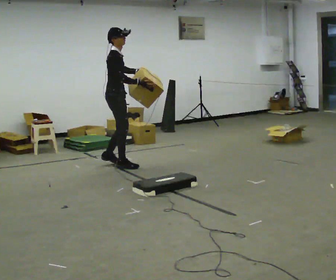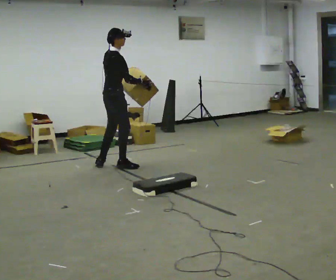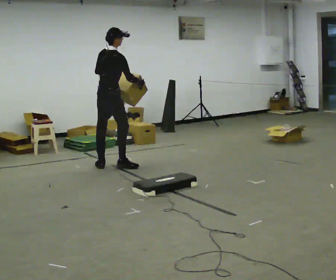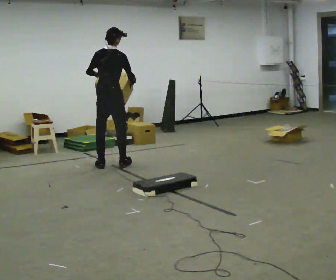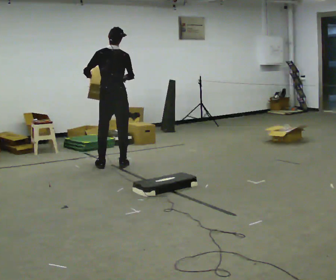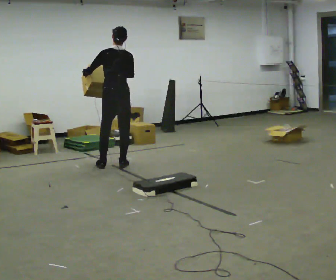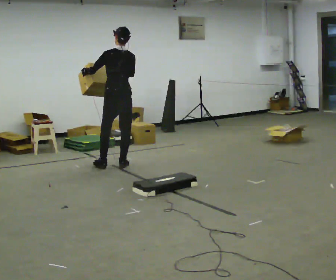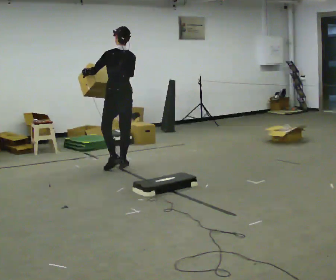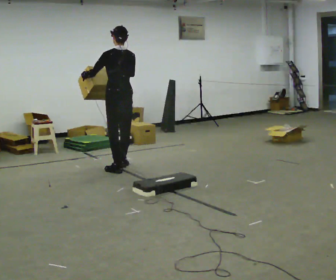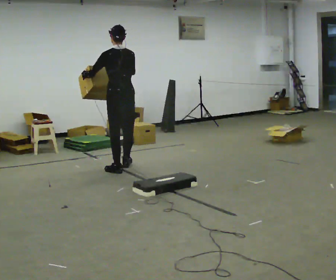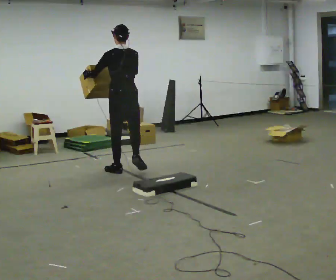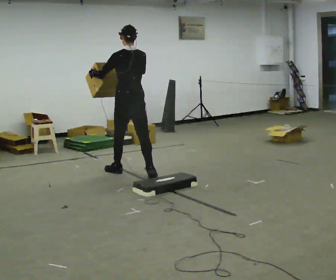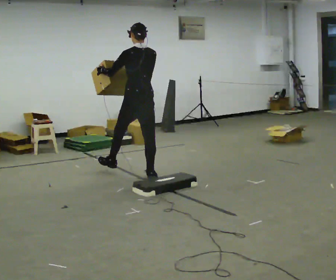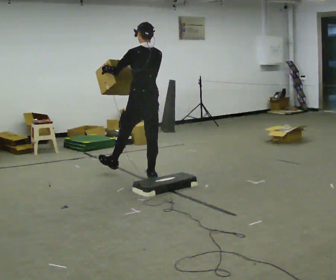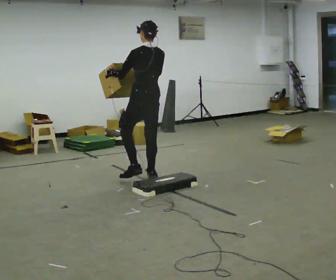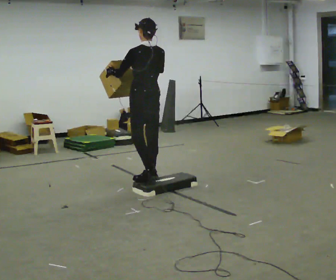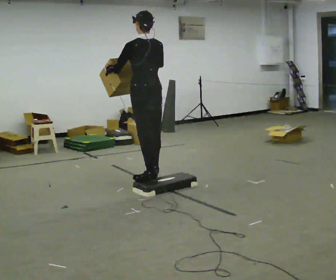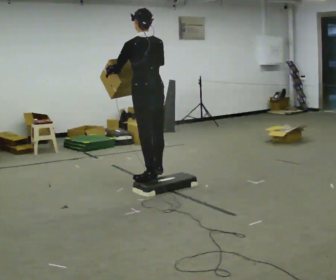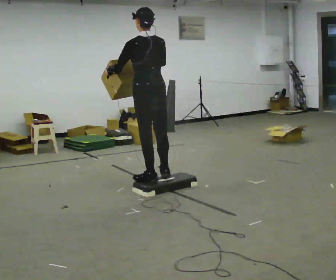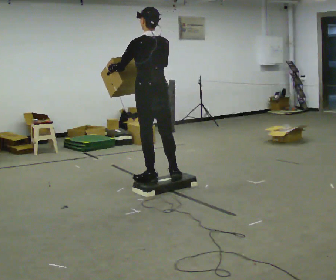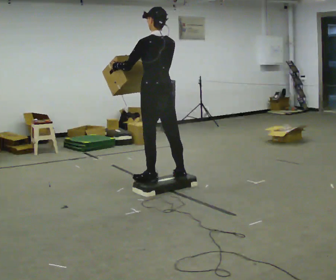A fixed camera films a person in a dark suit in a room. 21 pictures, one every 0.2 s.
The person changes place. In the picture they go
toward the camera.
The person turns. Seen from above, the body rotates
counterclockwise.
0.0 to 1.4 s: The part of the body nearest the lens slides to the right as the person turns to their left by about 120 degrees. In the picture their left hand goes to the left.
1.4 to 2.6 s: In the picture they go toward the camera and to the right, about 0.5 m in 2 steps, which for them is backward.
2.6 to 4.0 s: In the picture they go toward the camera, about 0.5 m in 1 step, which for them is backward.
The film runs backward here.
